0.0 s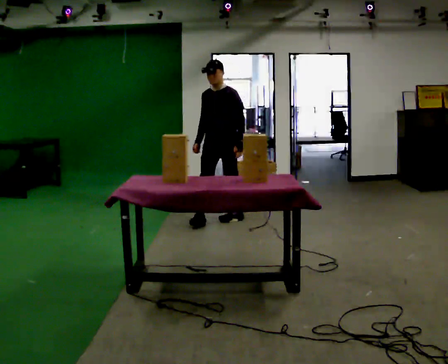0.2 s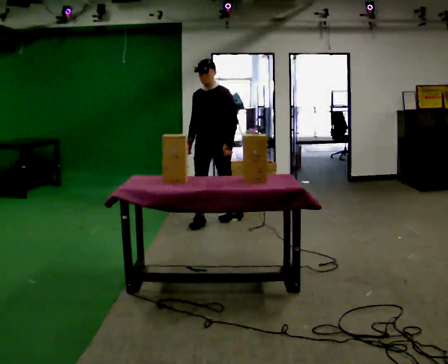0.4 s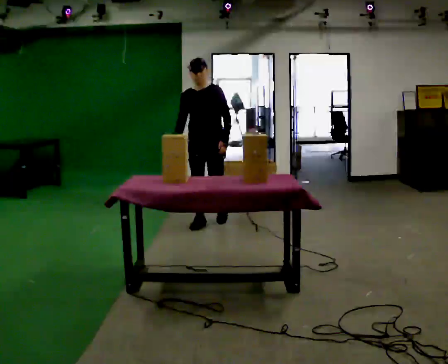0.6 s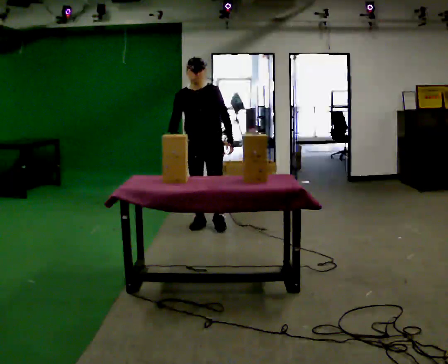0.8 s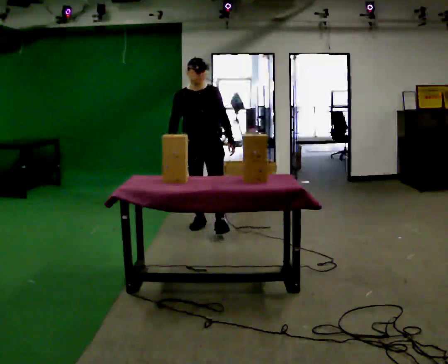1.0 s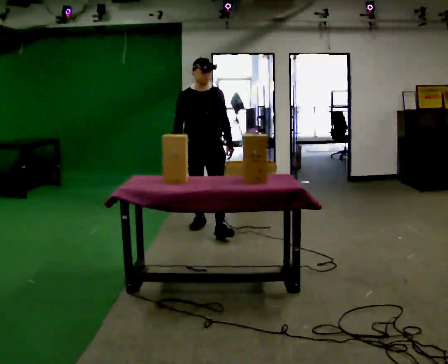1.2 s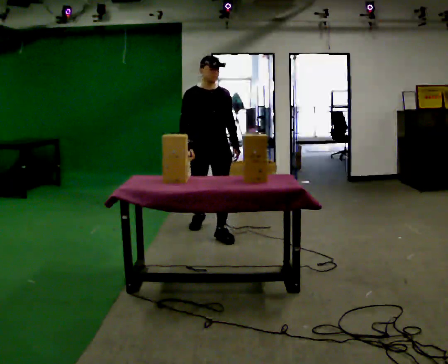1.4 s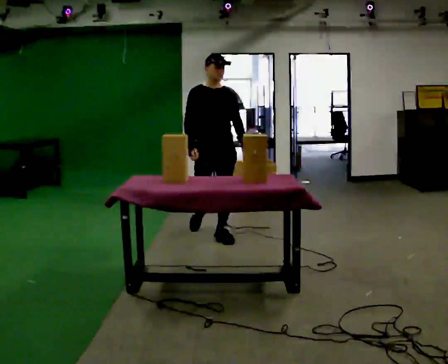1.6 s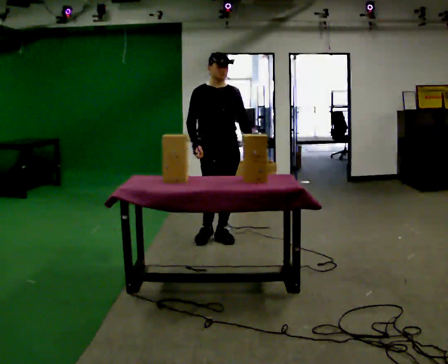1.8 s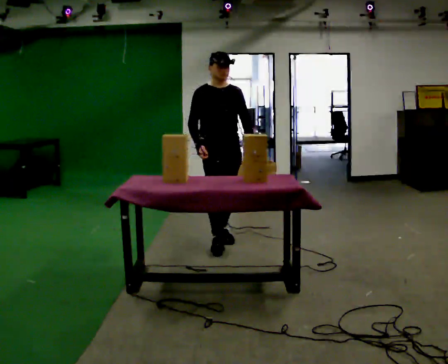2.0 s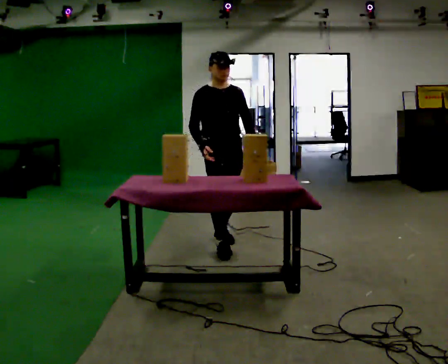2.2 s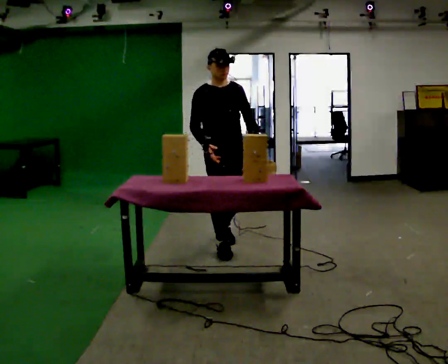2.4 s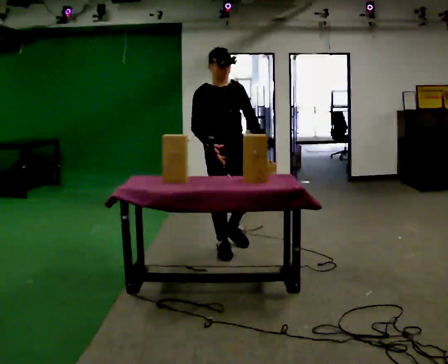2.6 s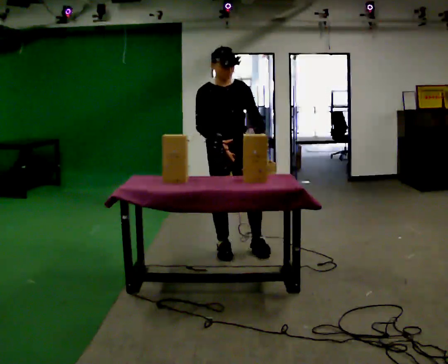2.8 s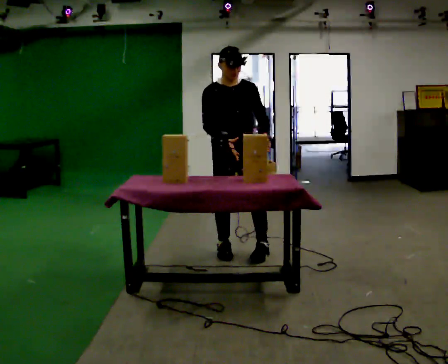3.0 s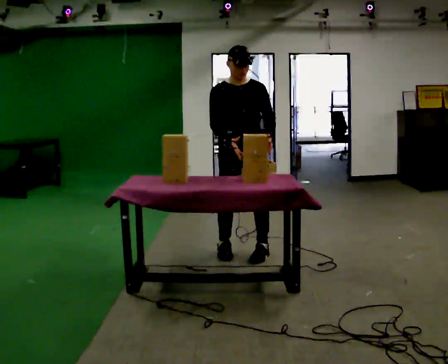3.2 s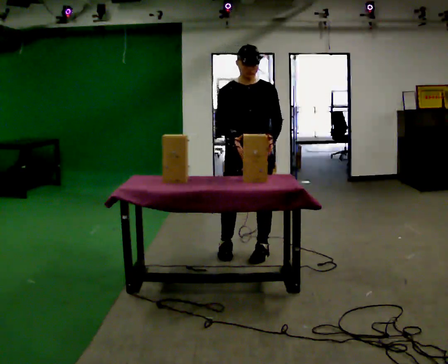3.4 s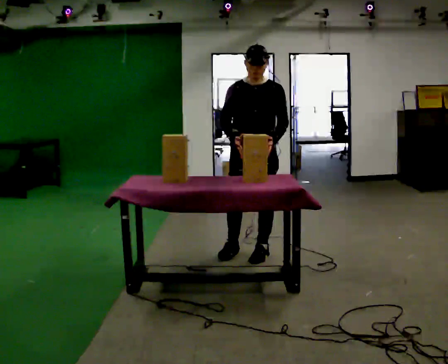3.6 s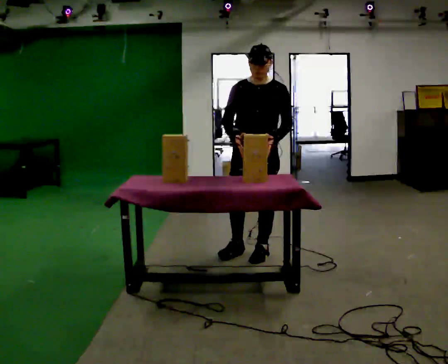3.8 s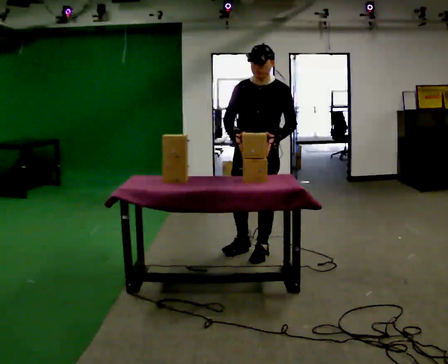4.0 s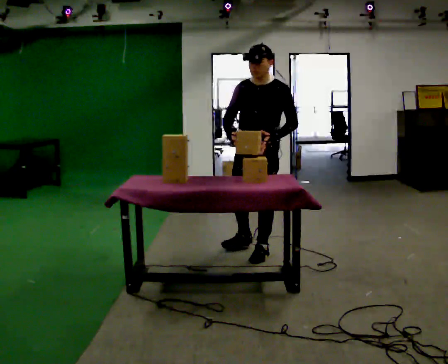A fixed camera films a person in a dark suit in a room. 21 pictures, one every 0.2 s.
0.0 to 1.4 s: The person turns about 45 degrees to their left, counterclockwise seen from above, so the part of the body nearest the lens slides to the right. In the picture they go toward the camera, about 0.5 m in 1 step, which for them is forward.
1.4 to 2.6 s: In the picture they go toward the camera, about 0.5 m in 1 step, which for them is forward.
2.6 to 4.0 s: The part of the body nearest the lens slides to the left as the person turns to their right by about 60 degrees. In the picture they go to the right, about 0.25 m in 2 steps, which for them is to their left.
The film runs forward here.
